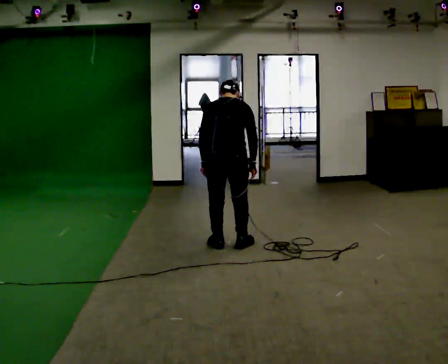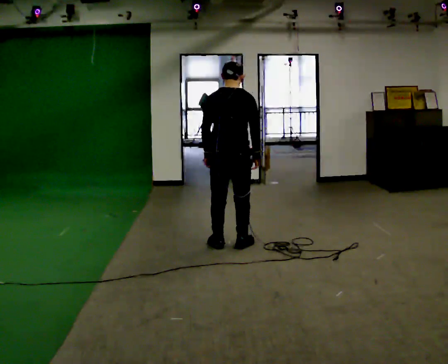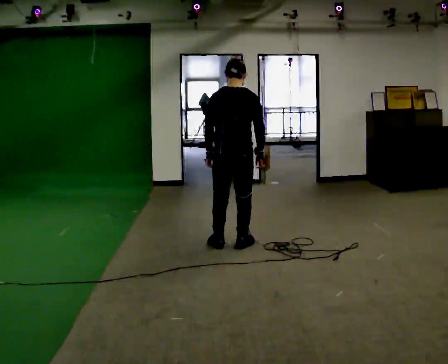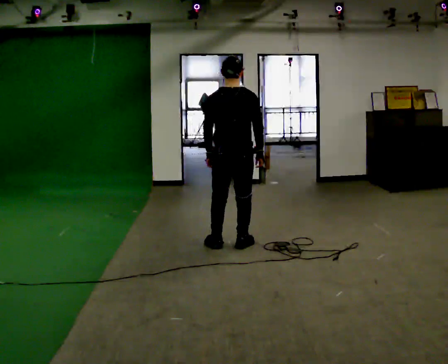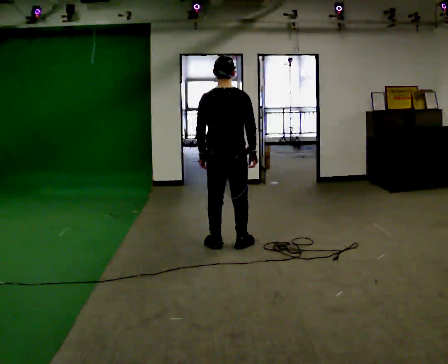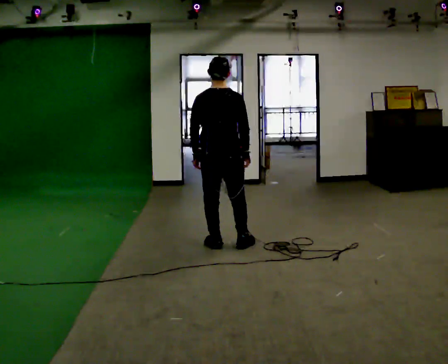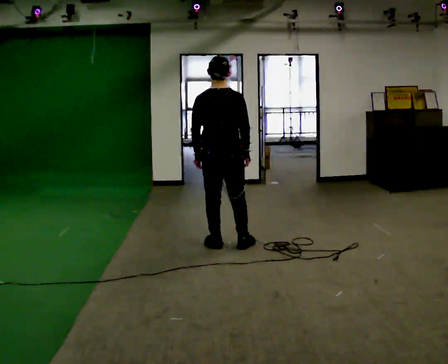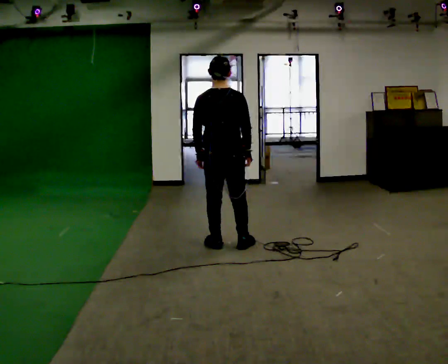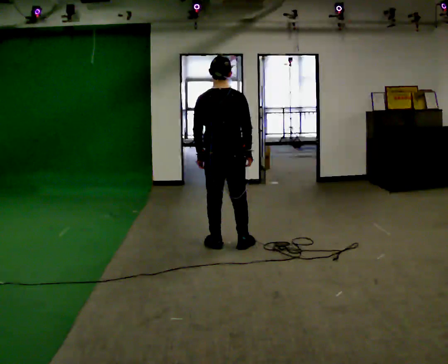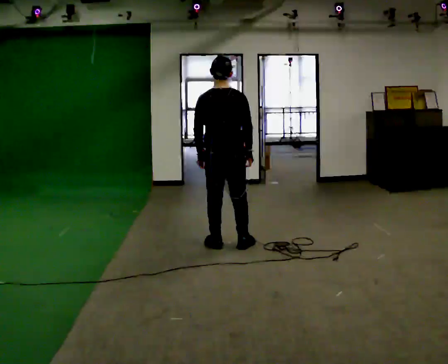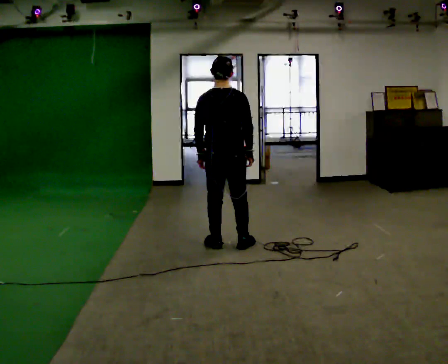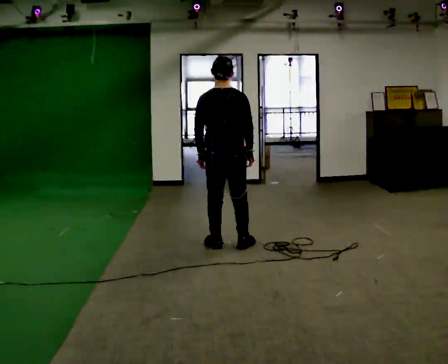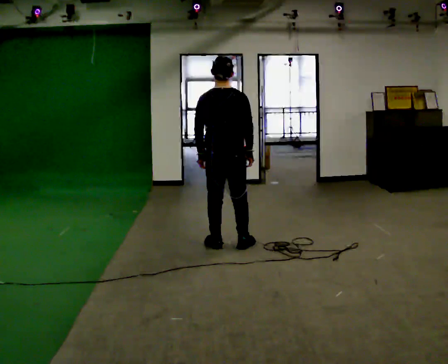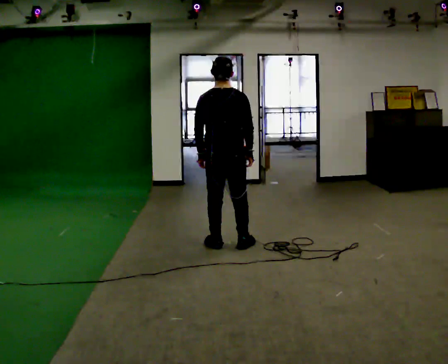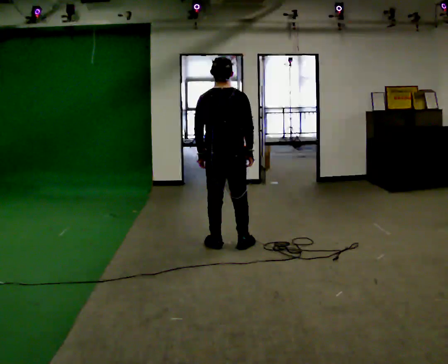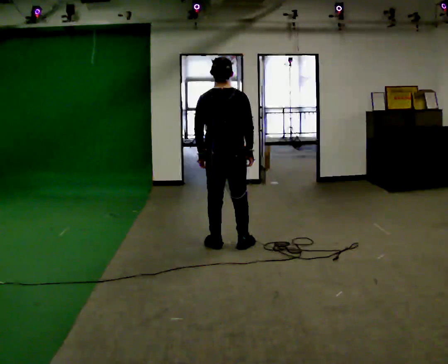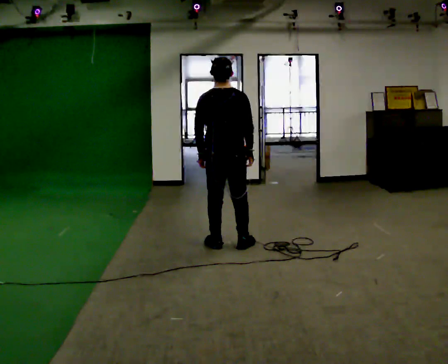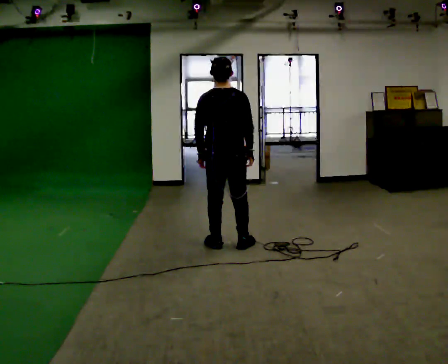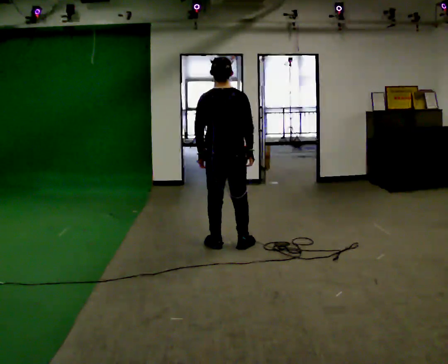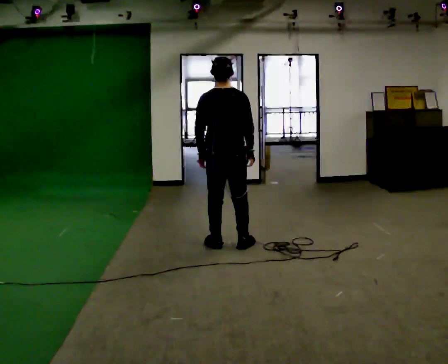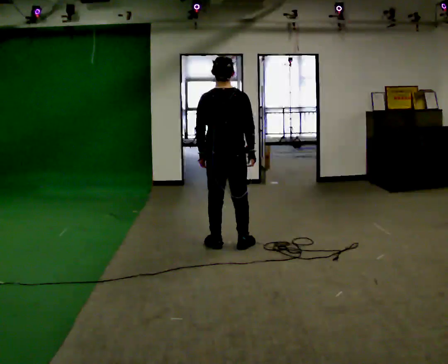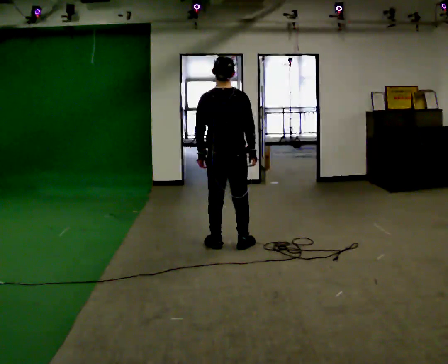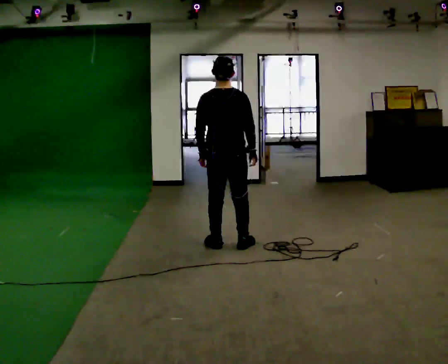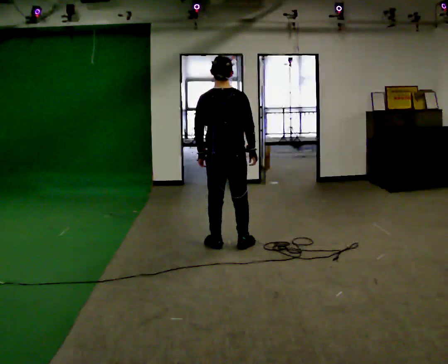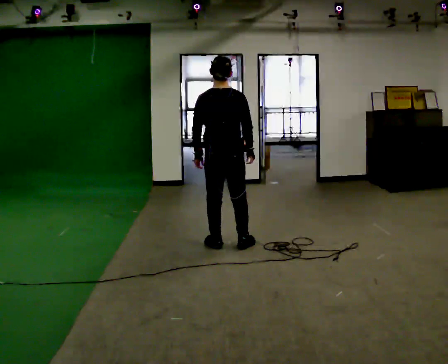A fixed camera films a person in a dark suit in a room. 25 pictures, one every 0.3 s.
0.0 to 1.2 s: The upper body tips toward the camera, its near side rolling downward, as they lean back or straighten.
1.2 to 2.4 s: The person moves a little, or ends about where they began.
2.4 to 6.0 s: The person keeps their place and pose.
6.0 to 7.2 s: The person moves a little, or ends about where they began.
The film runs backward here.
